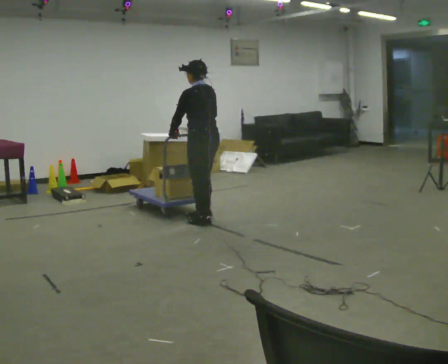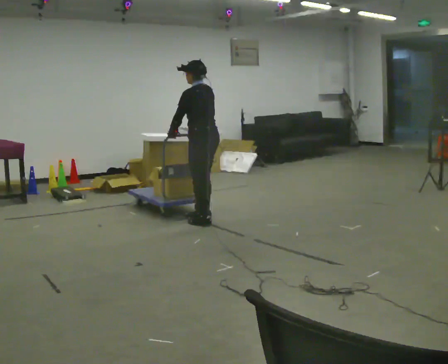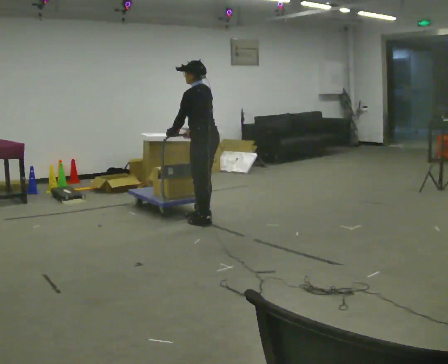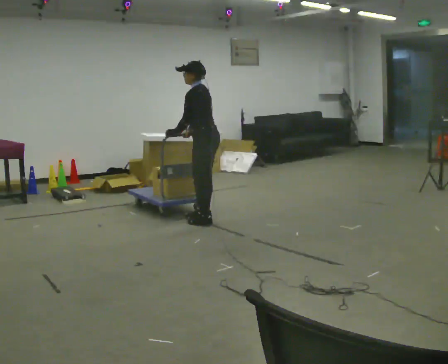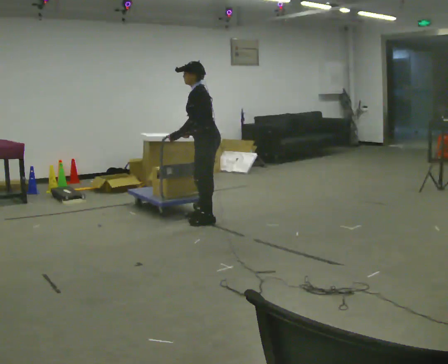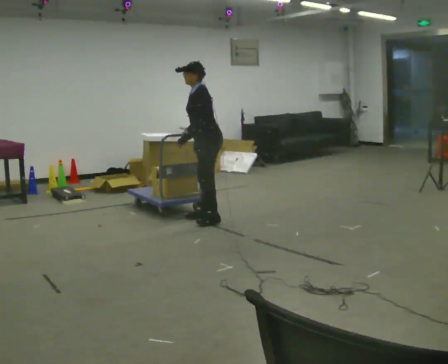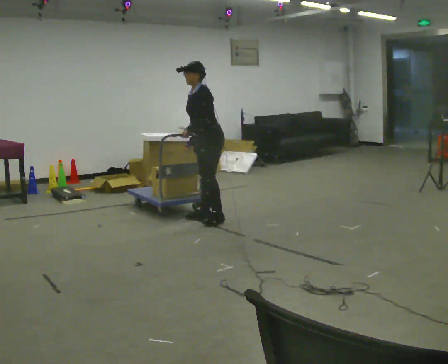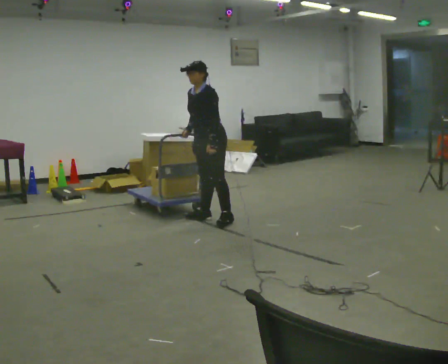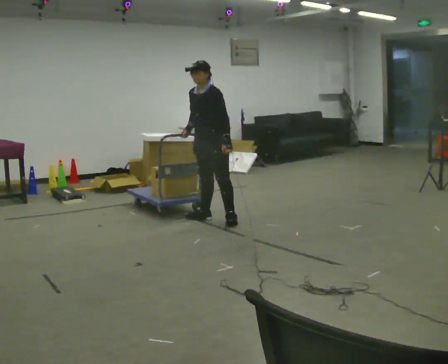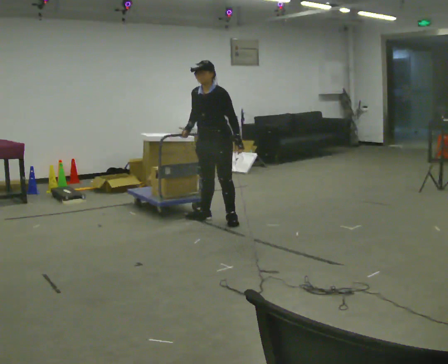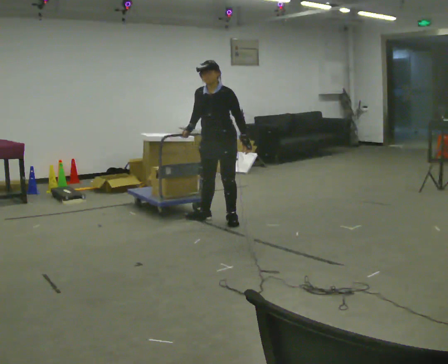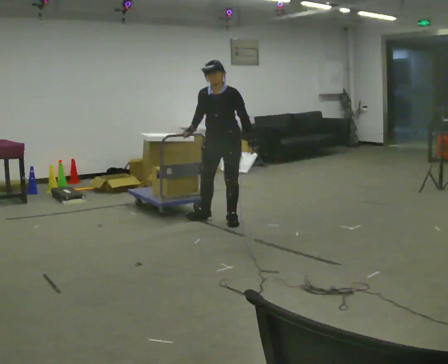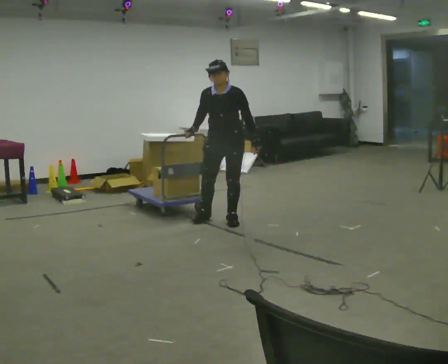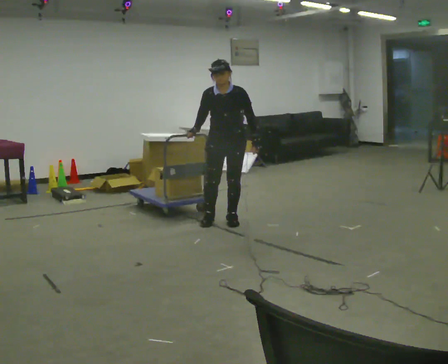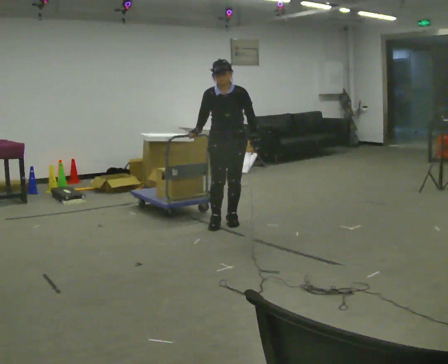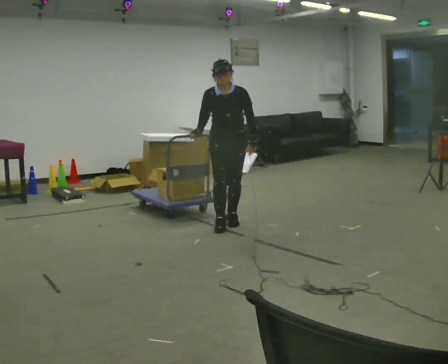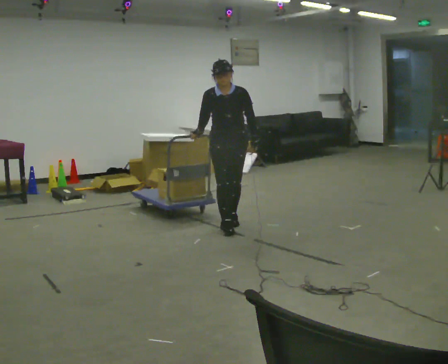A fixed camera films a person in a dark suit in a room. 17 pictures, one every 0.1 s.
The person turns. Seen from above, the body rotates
counterclockwise.
The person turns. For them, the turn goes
to their left.
0.0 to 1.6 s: The person turns about 135 degrees to their left, counterclockwise seen from above, so the part of the body nearest the lens slides to the right. In the picture they go to the right, about 0.25 m in 3 steps.
The film runs forward here.
